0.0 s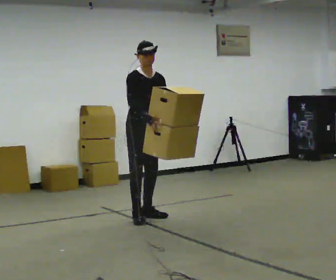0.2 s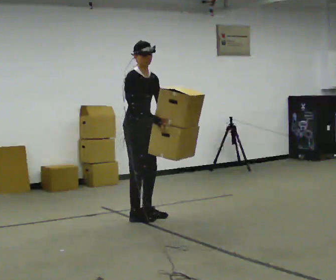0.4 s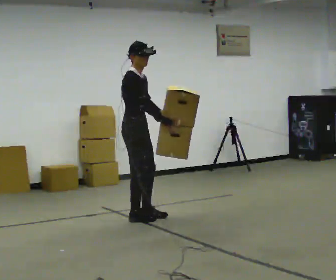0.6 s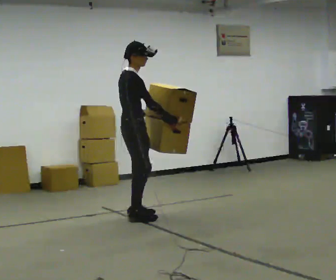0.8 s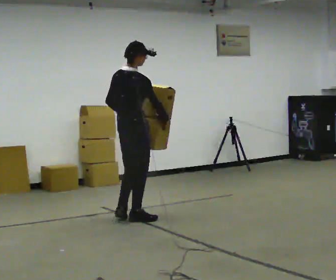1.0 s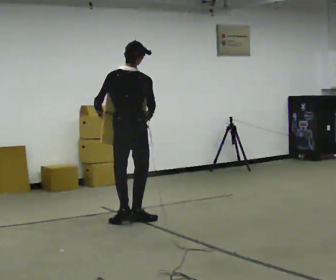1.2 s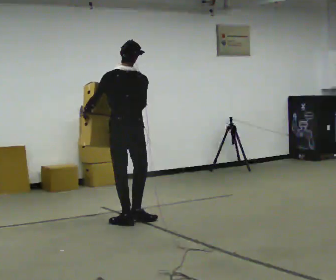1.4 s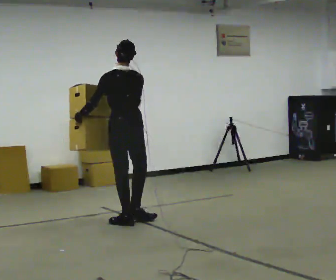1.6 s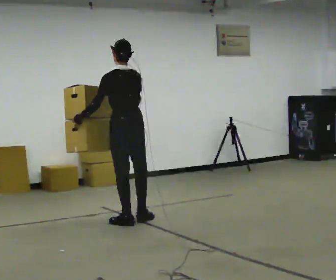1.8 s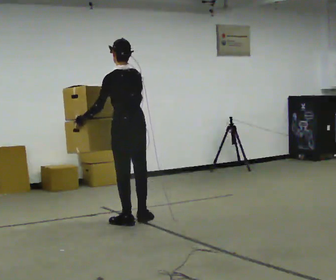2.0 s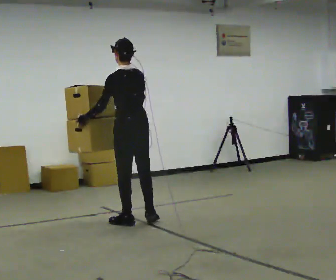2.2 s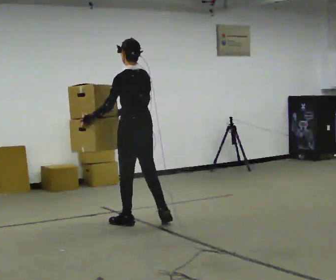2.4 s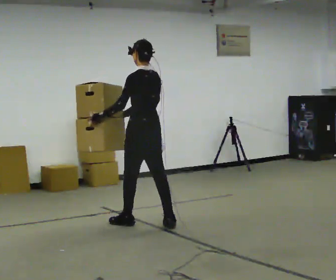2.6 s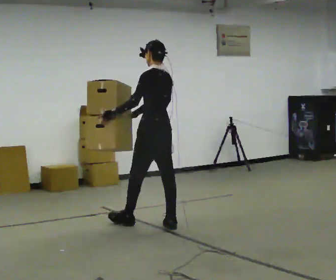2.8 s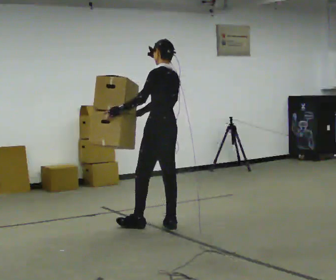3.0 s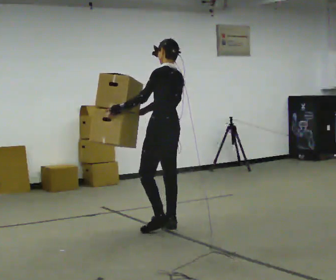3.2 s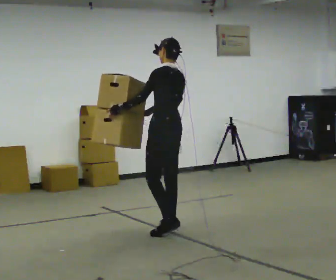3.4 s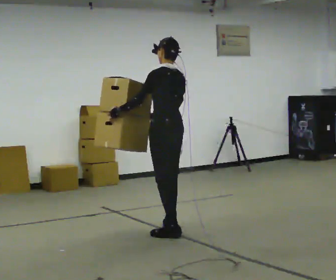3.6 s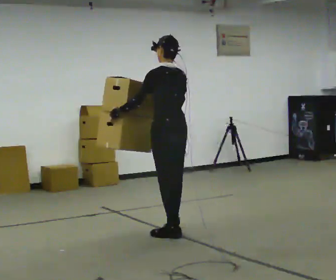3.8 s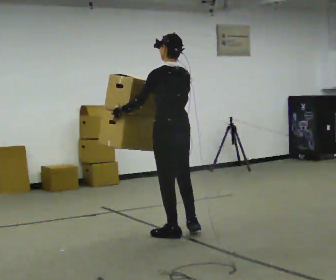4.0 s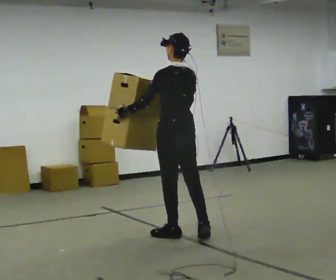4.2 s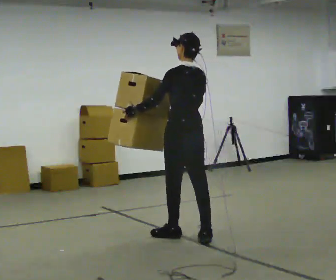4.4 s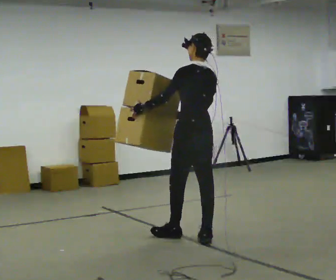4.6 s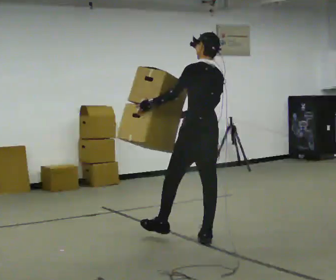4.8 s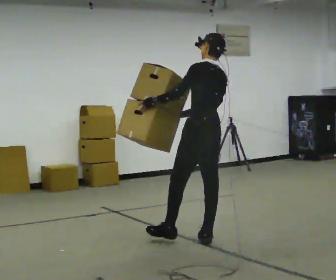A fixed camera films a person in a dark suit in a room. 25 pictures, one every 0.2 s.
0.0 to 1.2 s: The part of the body nearest the lens slides to the right as the person turns to their left by about 150 degrees. In the picture they go toward the camera, about 0.25 m in 1 step.
1.2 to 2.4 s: Seen from above the body turns counterclockwise, about 45 degrees: to their left, with its near side sliding to the right. In the picture they go to the right, about 0.25 m in 1 step, which for them is backward.
2.4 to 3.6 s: In the picture they go toward the camera and to the right, about 0.5 m in 2 steps, which for them is backward.
3.6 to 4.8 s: In the picture they go toward the camera and to the right, about 0.5 m in 1 step, which for them is backward.
The film runs backward here.
